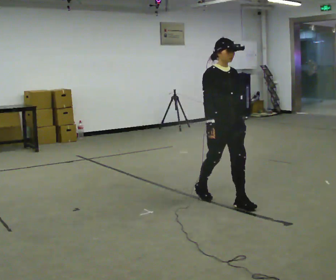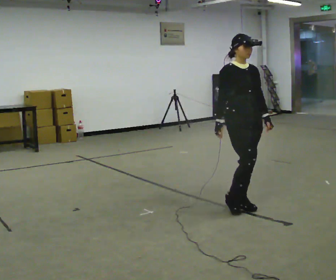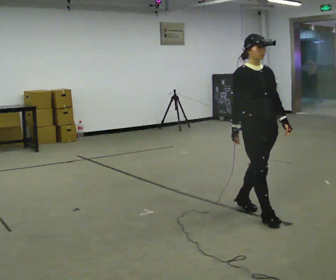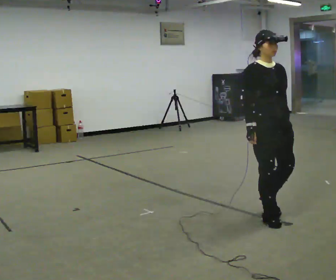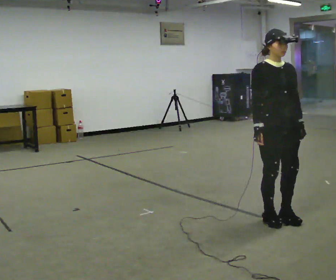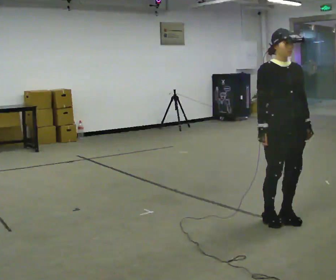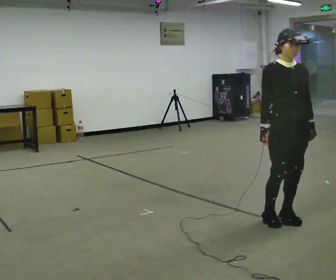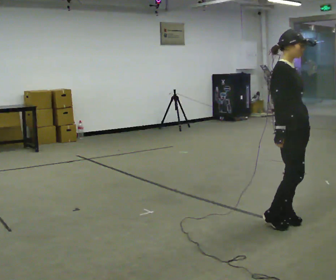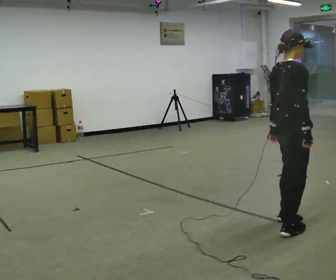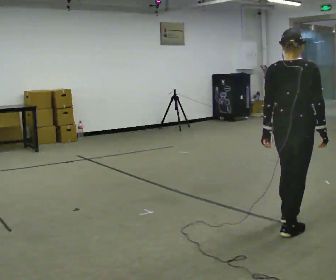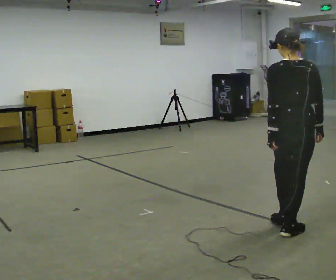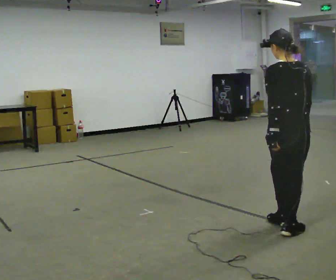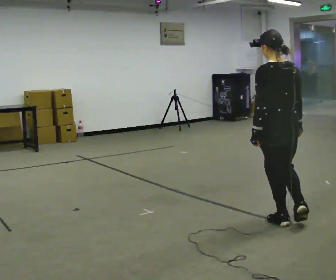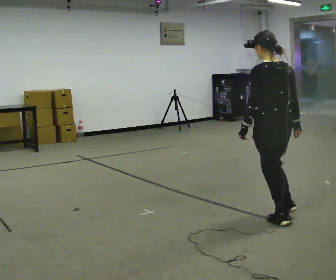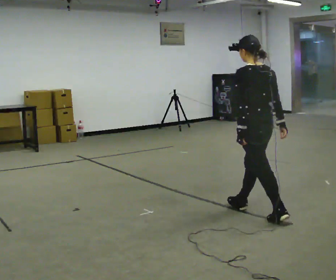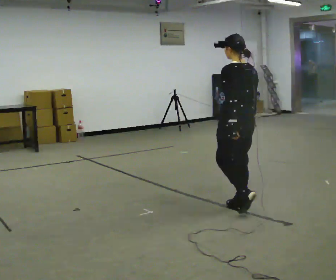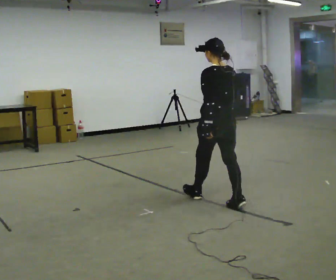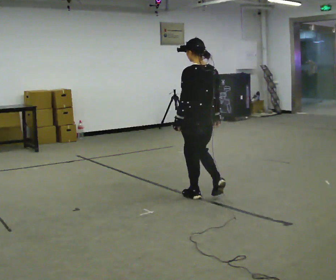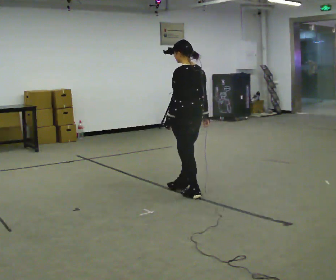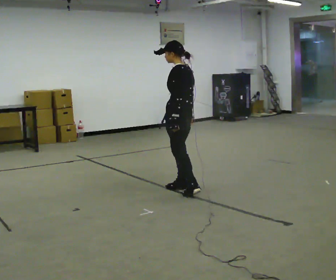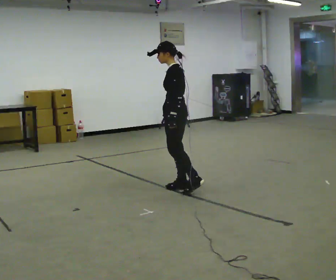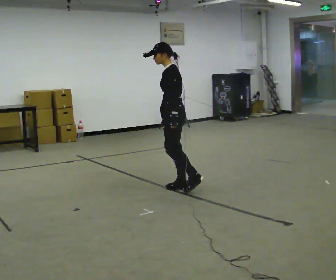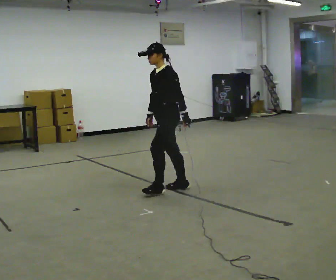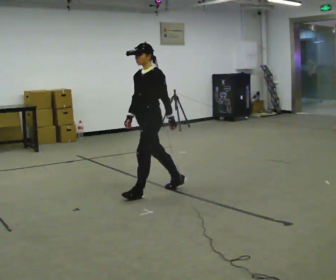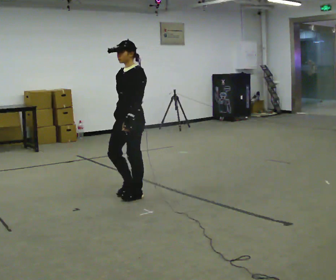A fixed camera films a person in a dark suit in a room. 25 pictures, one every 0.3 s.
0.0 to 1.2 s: In the picture they go toward the camera and to the right, about 0.75 m in 2 steps, which for them is forward.
1.2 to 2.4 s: Seen from above the body turns counterclockwise, about 75 degrees: to their left, with its near side sliding to the right.
2.4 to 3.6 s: Seen from above the body turns counterclockwise, about 105 degrees: to their left, with its near side sliding to the right.
3.6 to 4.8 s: In the picture they go to the left and away from the camera, about 1 m in 1 step, which for them is forward.
4.8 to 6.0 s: The part of the body nearest the lens slides to the right as the person turns to their left by about 60 degrees. In the picture they go to the left and away from the camera, about 0.75 m in 2 steps, which for them is forward.
6.0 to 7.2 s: The part of the body nearest the lens slides to the right as the person turns to their left by about 45 degrees. In the picture they go to the left and toward the camera, about 0.5 m in 2 steps, which for them is forward.
The film runs forward here.
